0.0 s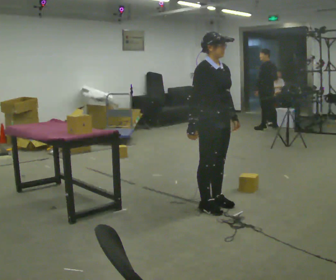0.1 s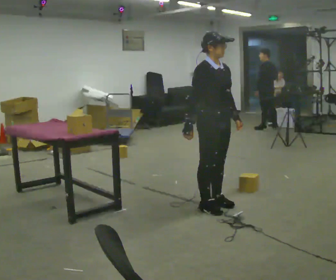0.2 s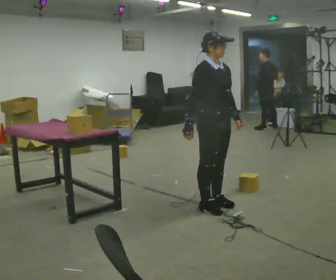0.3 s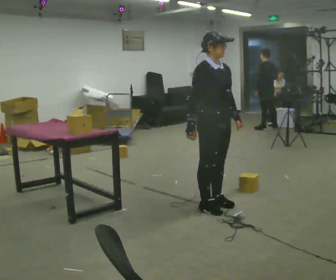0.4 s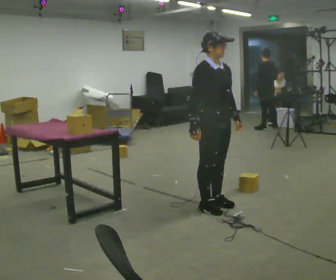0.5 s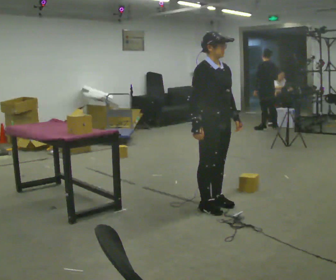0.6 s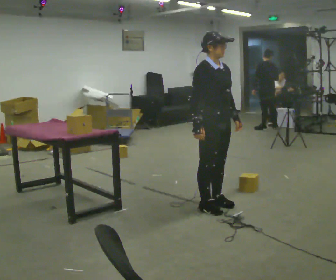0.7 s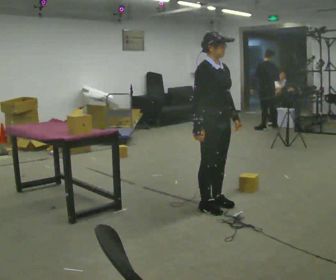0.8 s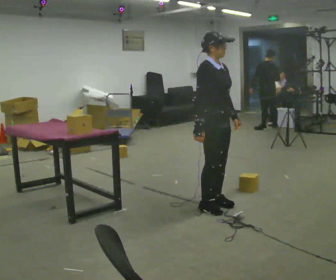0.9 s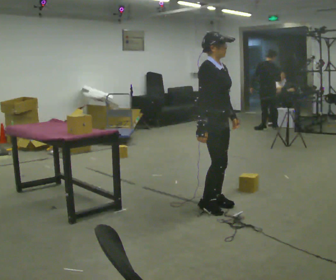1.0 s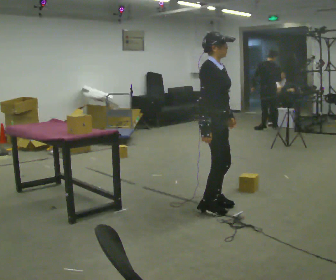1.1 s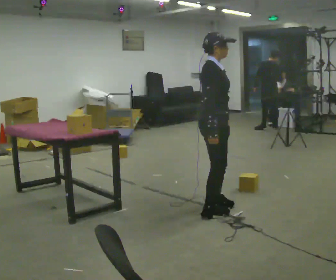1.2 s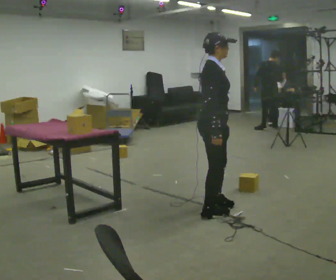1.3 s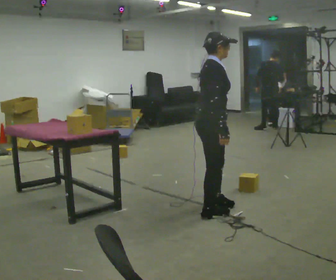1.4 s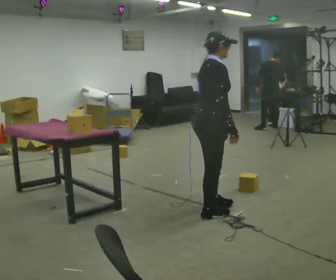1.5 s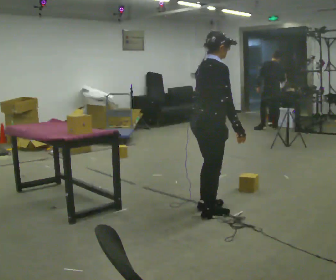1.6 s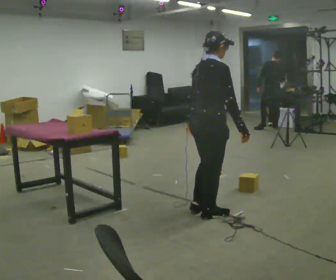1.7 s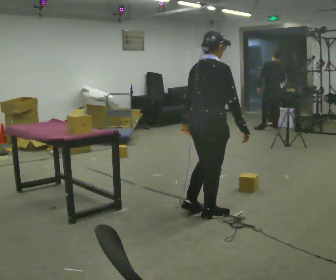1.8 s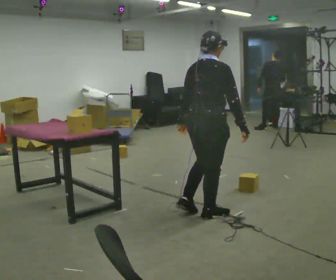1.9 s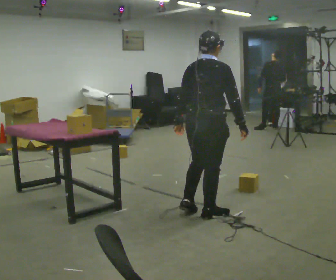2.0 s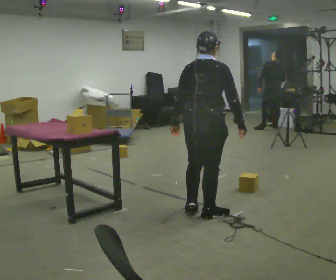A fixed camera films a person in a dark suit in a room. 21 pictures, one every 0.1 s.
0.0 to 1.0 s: The person moves a little, or ends about where they began.
1.0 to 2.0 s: Seen from above the body turns counterclockwise, about 75 degrees: to their left, with its near side sliding to the right. In the picture they go toward the camera, about 0.25 m in 1 step. In the picture their right hand goes to the right, the arm swinging counterclockwise.
The film runs forward here.
